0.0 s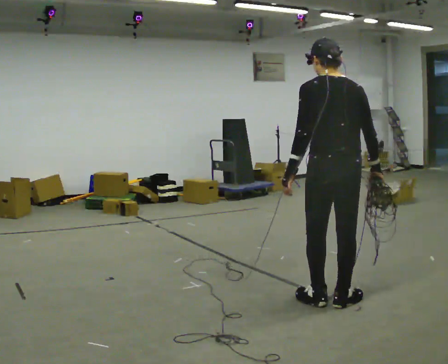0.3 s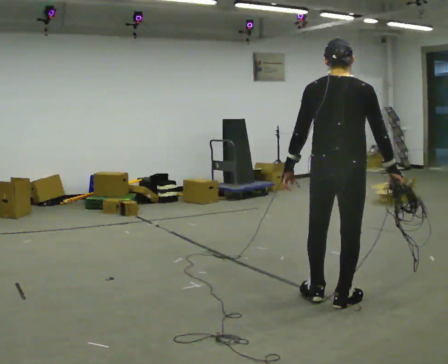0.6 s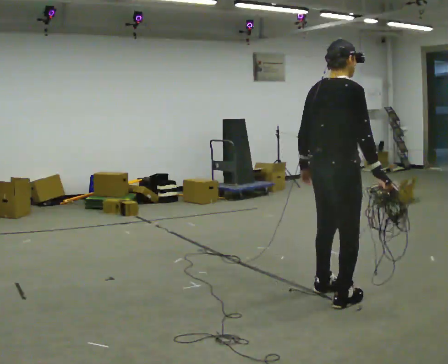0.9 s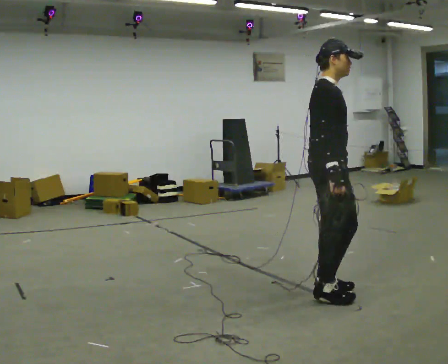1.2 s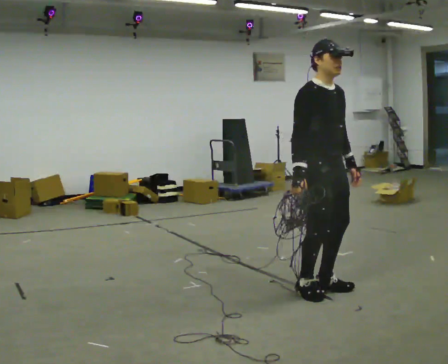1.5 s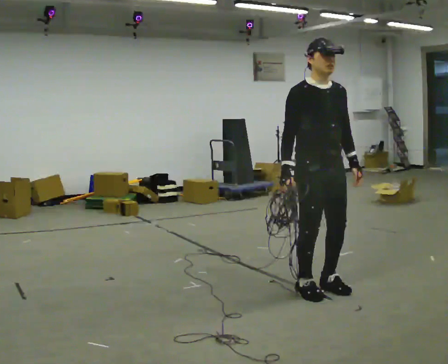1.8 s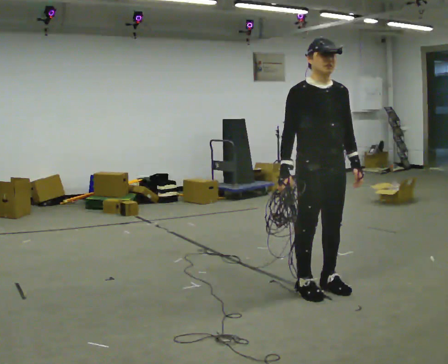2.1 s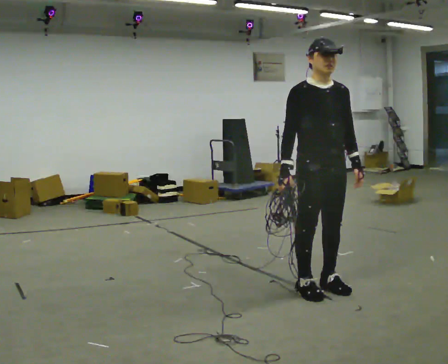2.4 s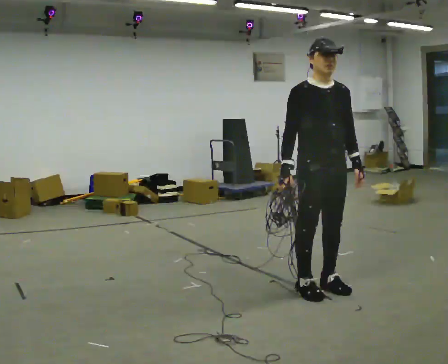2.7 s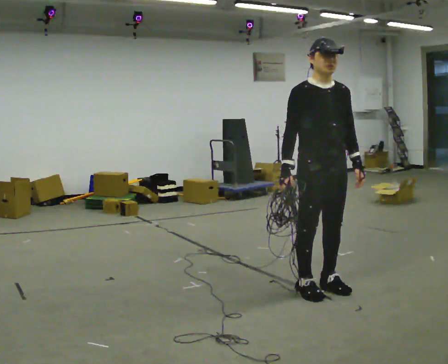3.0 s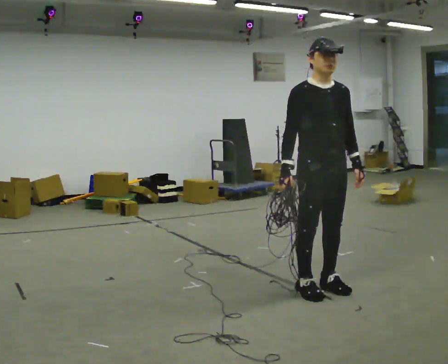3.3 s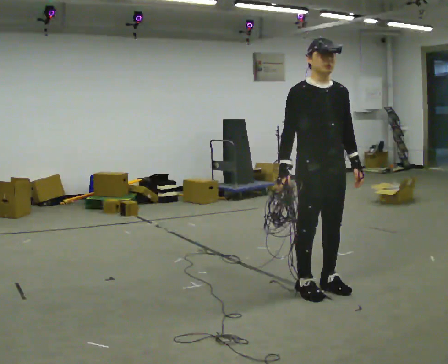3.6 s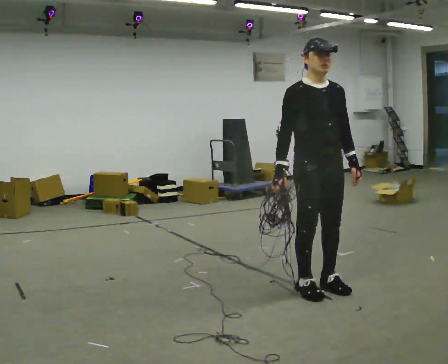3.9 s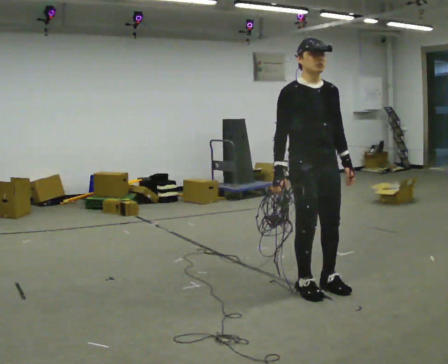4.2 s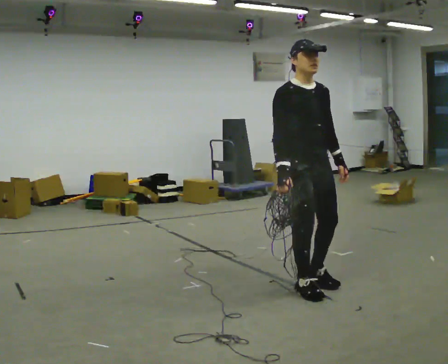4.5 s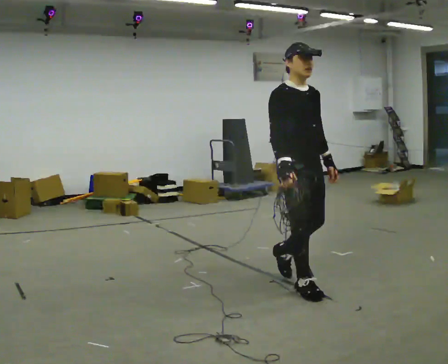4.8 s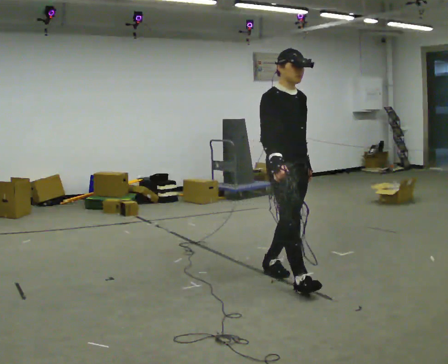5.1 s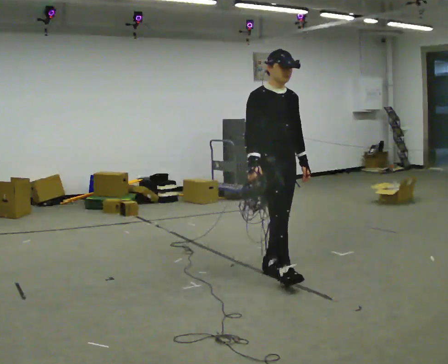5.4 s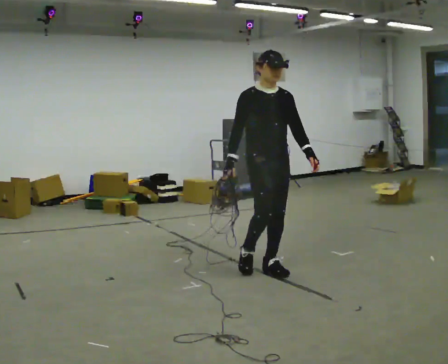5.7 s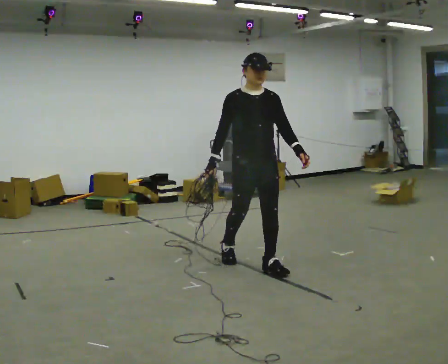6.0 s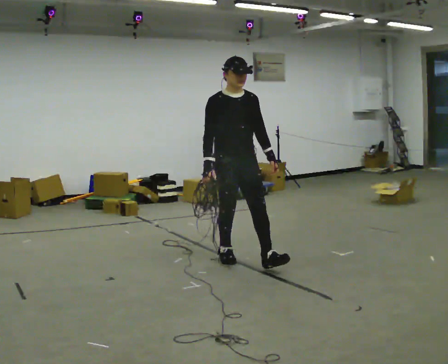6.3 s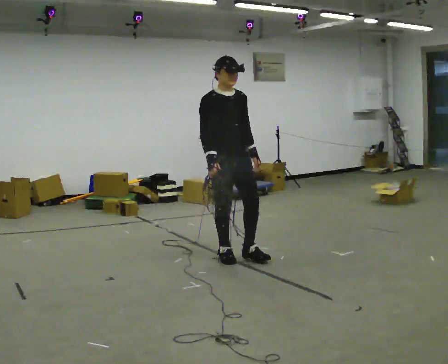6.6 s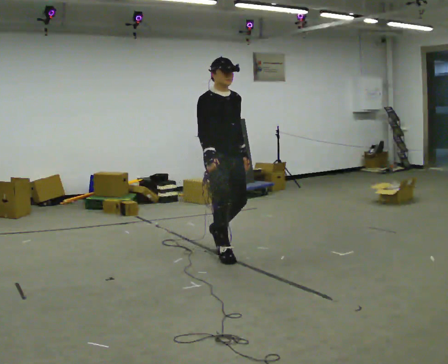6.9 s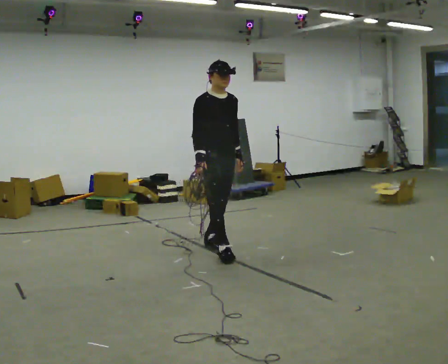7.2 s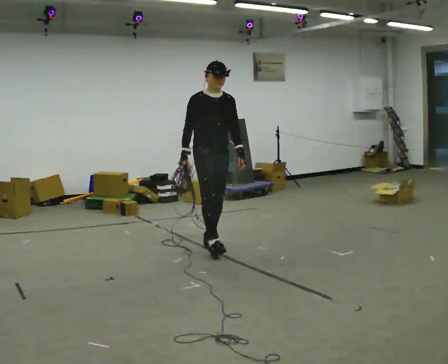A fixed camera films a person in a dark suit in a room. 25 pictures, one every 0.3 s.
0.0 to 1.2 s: The part of the body nearest the lens slides to the left as the person turns to their right by about 135 degrees. In the picture they go away from the camera, about 0.25 m in 2 steps.
1.2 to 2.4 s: Seen from above the body turns clockwise, about 30 degrees: to their right, with its near side sliding to the left.
2.4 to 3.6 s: The person moves a little, or ends about where they began.
3.6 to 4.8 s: In the picture they go to the left and away from the camera, about 0.25 m in 1 step, which for them is backward.
4.8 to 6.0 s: The person turns about 30 degrees to their right, clockwise seen from above, so the part of the body nearest the lens slides to the left. In the picture they go to the left and away from the camera, about 0.75 m in 1 step, which for them is backward.
6.0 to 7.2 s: In the picture they go away from the camera and to the left, about 0.5 m in 2 steps, which for them is backward.
The film runs backward here.
